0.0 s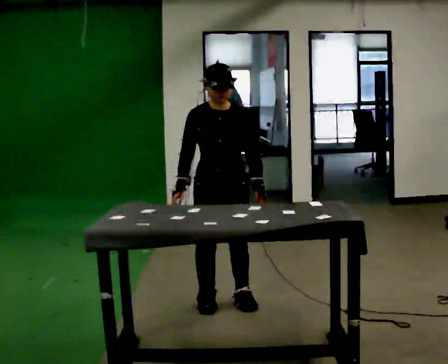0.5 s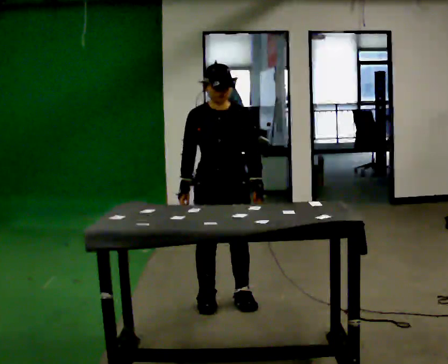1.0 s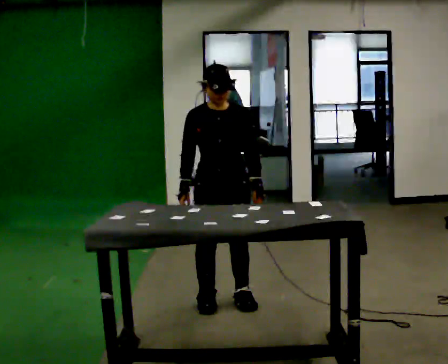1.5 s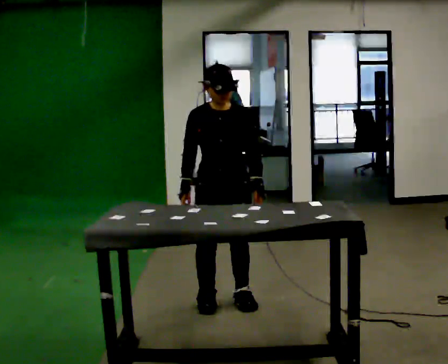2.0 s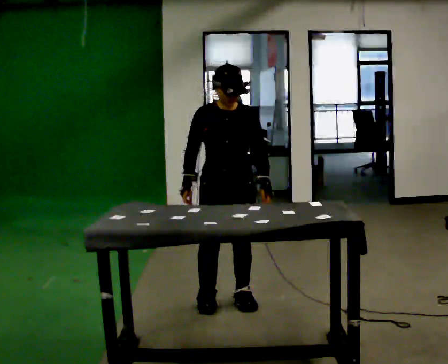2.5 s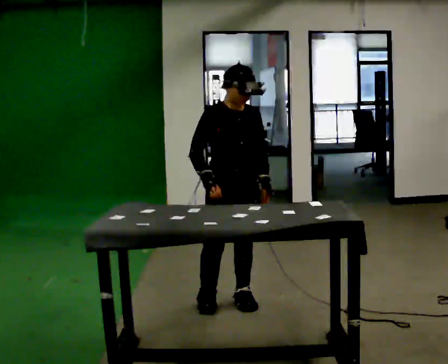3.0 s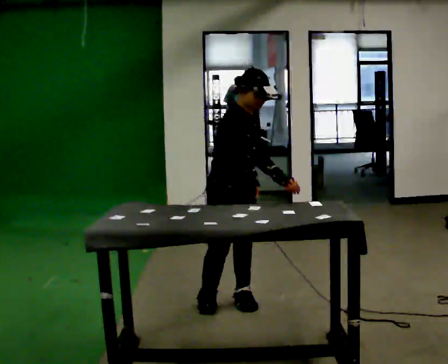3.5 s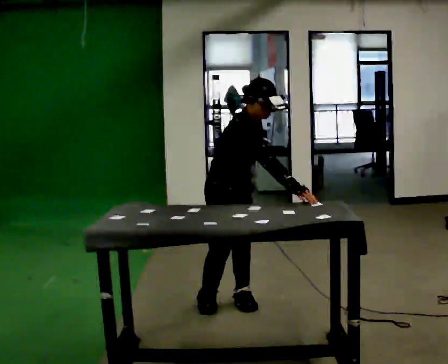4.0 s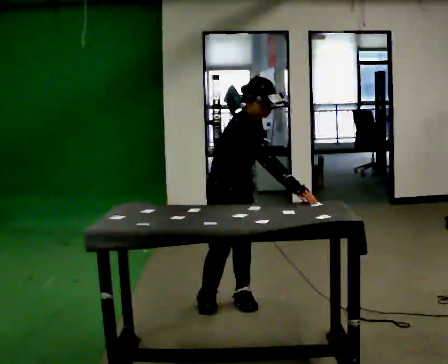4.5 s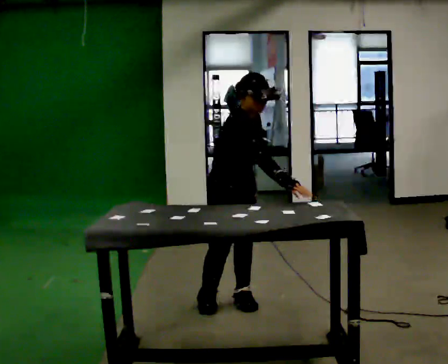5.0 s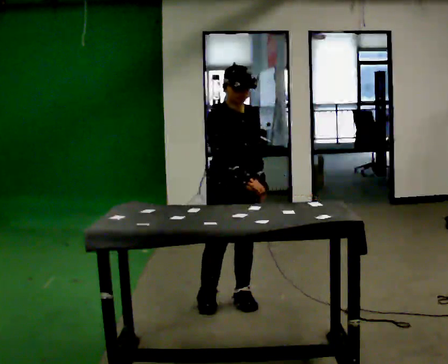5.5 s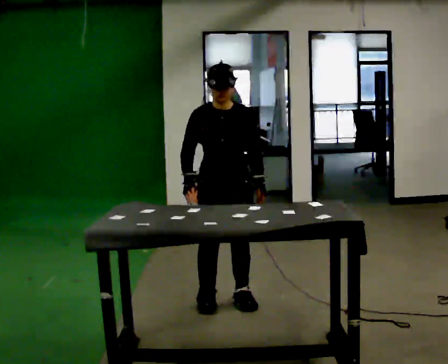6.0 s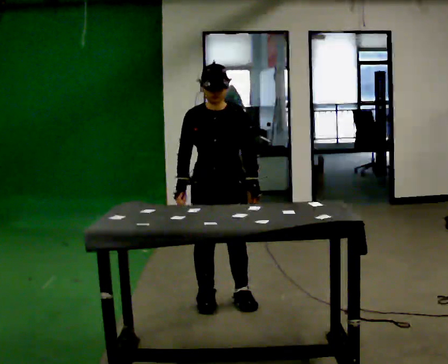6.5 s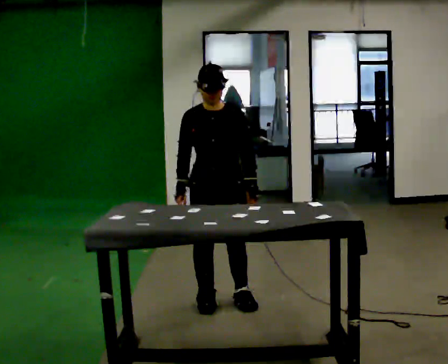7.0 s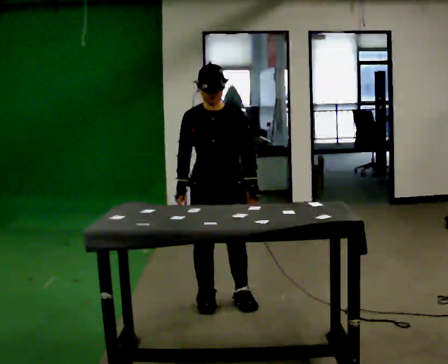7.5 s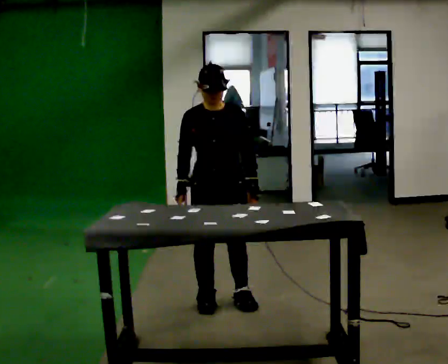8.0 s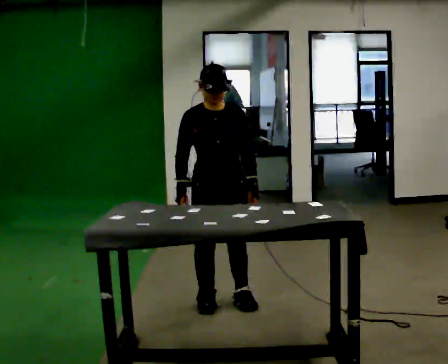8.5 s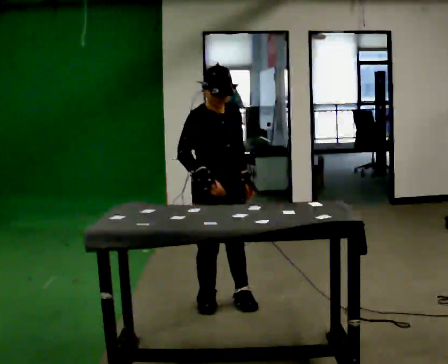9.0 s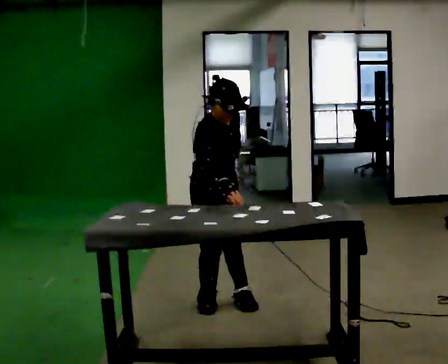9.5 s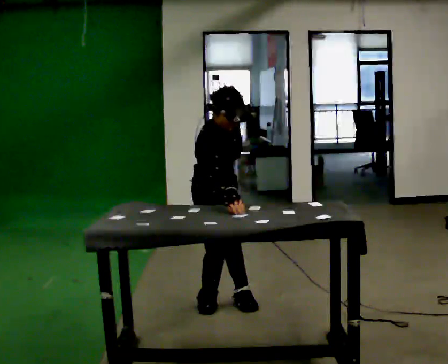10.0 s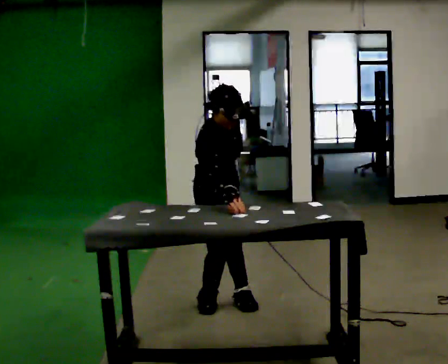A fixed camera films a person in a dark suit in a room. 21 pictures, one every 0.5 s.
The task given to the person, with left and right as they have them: Touch each numbered target on the board in front of you in the order the operator calls. Keep both feet on the marked spots for the whole take. If you have to step, stop and tell the operator.
0.0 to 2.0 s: The person moves a little, or ends about where they began.
2.0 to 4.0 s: Seen from above the body turns counterclockwise, about 60 degrees: to their left, with its near side sliding to the right. The upper body tips toward the camera, its near side rolling downward, as they bend forward. In the picture their right hand goes to the right, the arm swinging counterclockwise.
4.0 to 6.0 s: The person turns about 60 degrees to their right, clockwise seen from above, so the part of the body nearest the lens slides to the left. The upper body tips away from the camera, its near side rolling upward, as they lean back or straighten. In the picture their right hand goes to the left, the arm swinging clockwise.
6.0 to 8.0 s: The person moves a little, or ends about where they began.
8.0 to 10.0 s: Seen from above the body turns counterclockwise, about 45 degrees: to their left, with its near side sliding to the right. The upper body tips toward the camera, its near side rolling downward, as they bend forward.
The film runs forward here.
